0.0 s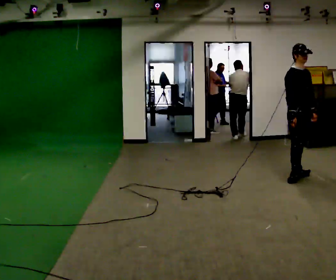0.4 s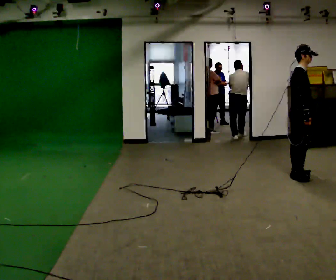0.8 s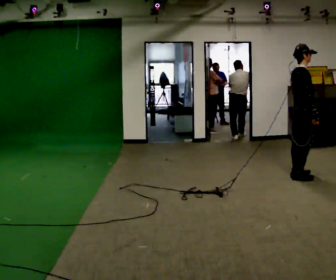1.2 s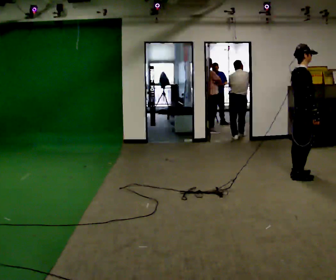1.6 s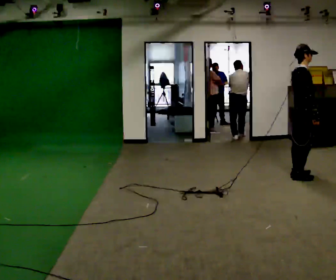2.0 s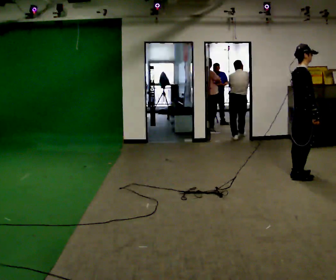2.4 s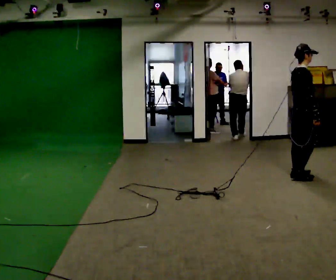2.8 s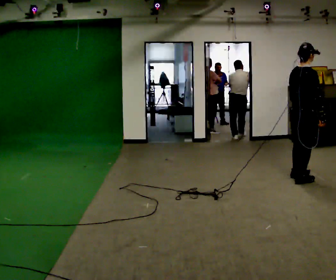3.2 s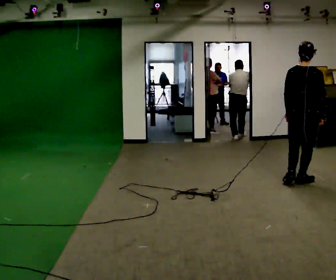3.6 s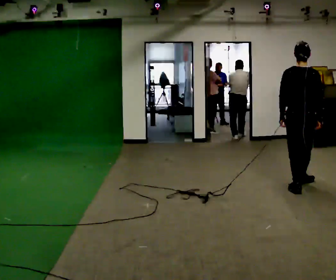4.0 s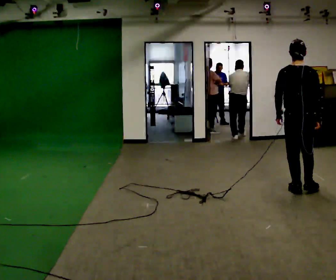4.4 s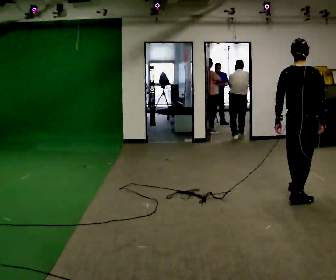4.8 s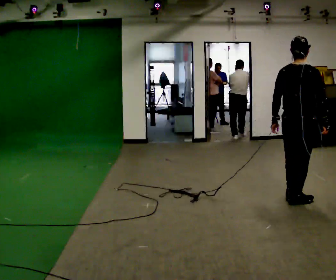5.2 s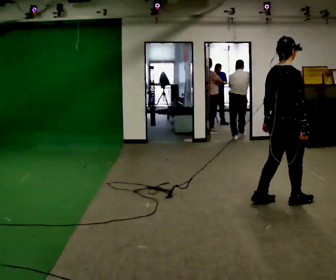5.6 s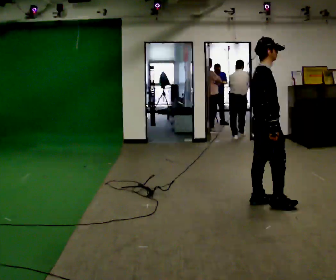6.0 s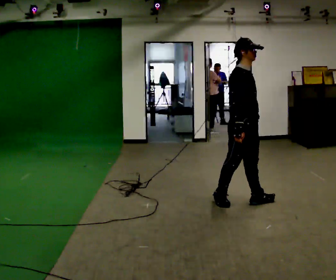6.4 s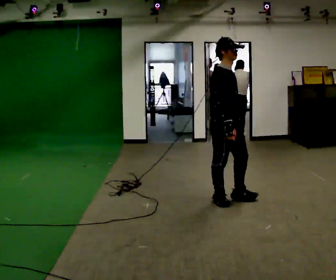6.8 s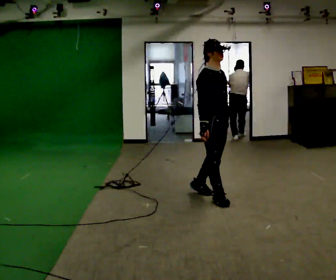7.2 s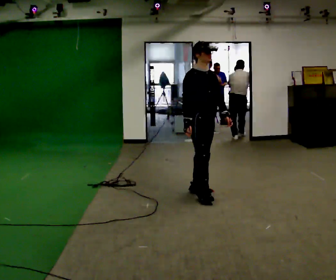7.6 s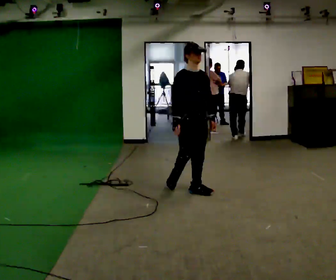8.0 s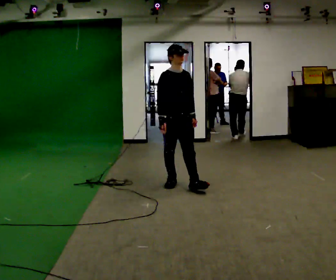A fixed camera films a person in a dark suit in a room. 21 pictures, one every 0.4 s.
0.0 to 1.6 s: Seen from above the body turns counterclockwise, about 60 degrees: to their left, with its near side sliding to the right. In the picture their right hand goes to the right.
1.6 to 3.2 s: The part of the body nearest the lens slides to the right as the person turns to their left by about 60 degrees. In the picture they go toward the camera, about 0.25 m in 2 steps, which for them is to their right.
3.2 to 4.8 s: In the picture they go toward the camera, about 0.75 m in 2 steps, which for them is backward.
4.8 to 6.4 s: The part of the body nearest the lens slides to the left as the person turns to their right by about 90 degrees. In the picture they go to the left, about 1 m in 2 steps.
6.4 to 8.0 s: The person turns about 30 degrees to their right, clockwise seen from above, so the part of the body nearest the lens slides to the left. In the picture they go to the left and away from the camera, about 1 m in 2 steps, which for them is backward.
The film runs backward here.
